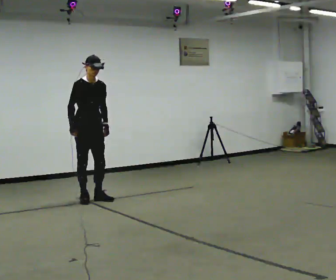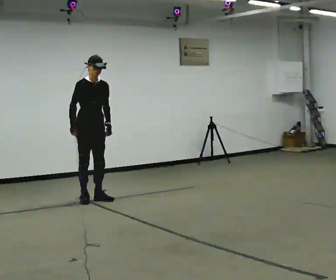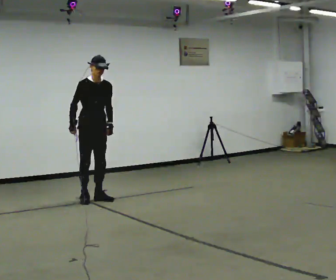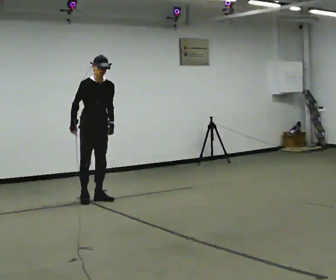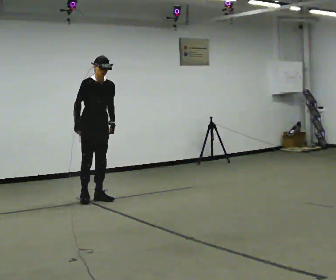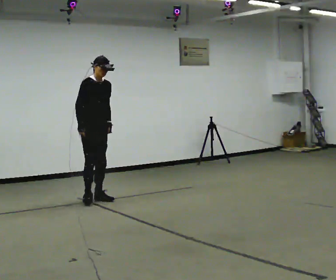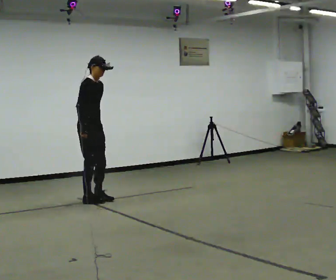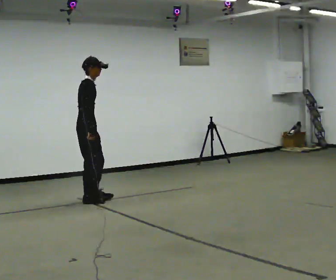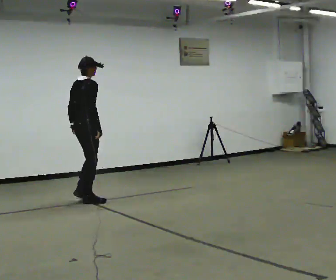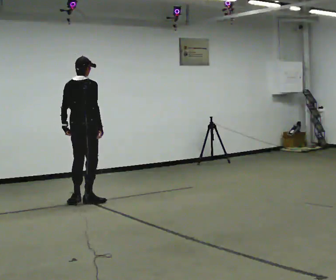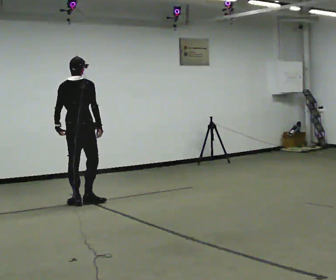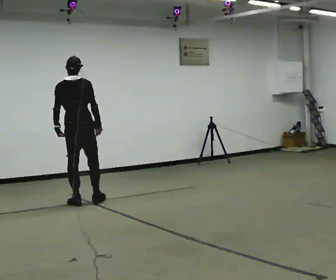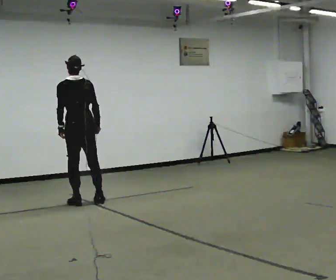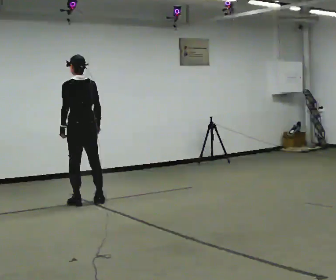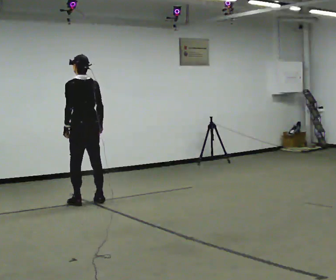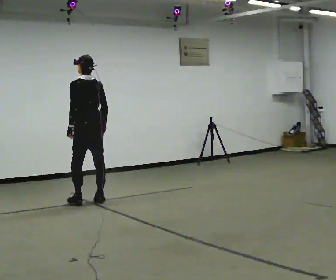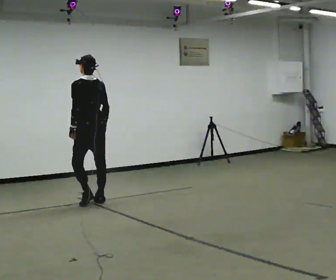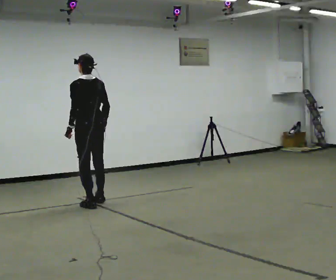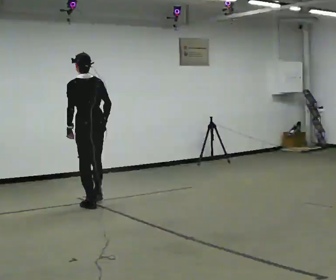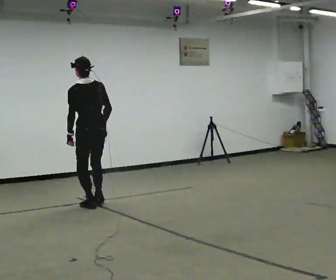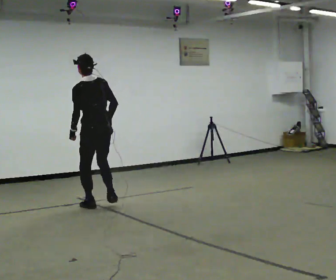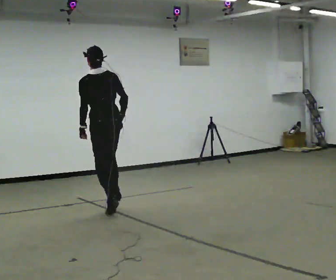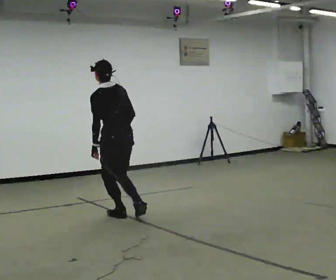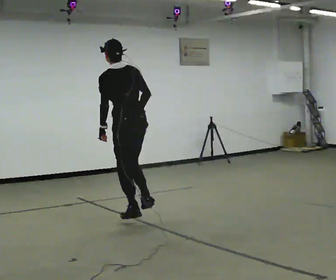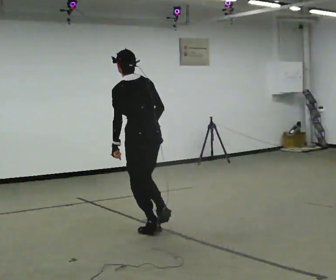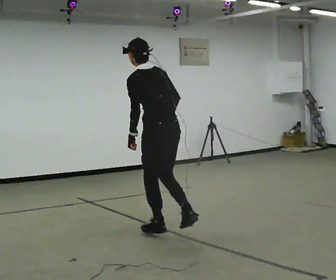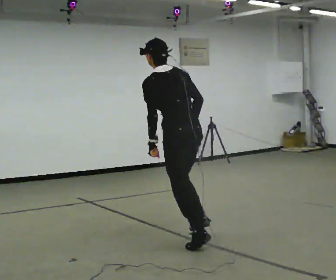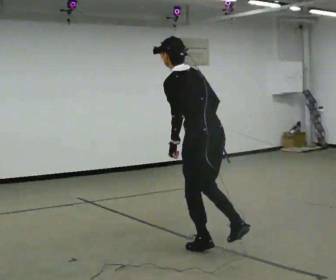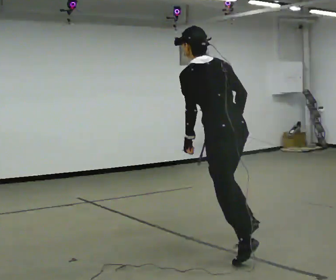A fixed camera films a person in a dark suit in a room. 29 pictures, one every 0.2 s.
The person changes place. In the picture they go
toward the camera.
0.0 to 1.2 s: The part of the body nearest the lens slides to the right as the person turns to their left by about 30 degrees.
1.2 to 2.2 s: Seen from above the body turns counterclockwise, about 120 degrees: to their left, with its near side sliding to the right. In the picture they go toward the camera, about 0.25 m in 2 steps. In the picture the upper body tilts counterclockwise, shoulders to the left.
2.2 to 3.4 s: Seen from above the body turns counterclockwise, about 30 degrees: to their left, with its near side sliding to the right. In the picture they go to the right, about 0.25 m in 1 step, which for them is to their right.
3.4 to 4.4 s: In the picture they go toward the camera, about 0.5 m in 2 steps, which for them is backward.
4.4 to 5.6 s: In the picture they go toward the camera and to the right, about 1.5 m in 1 step, which for them is backward.
The film runs backward here.
